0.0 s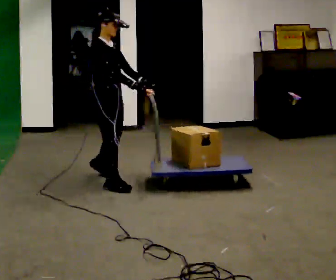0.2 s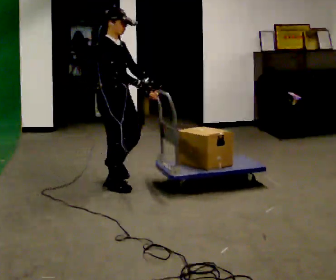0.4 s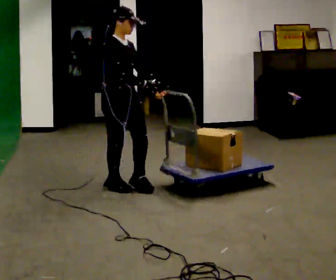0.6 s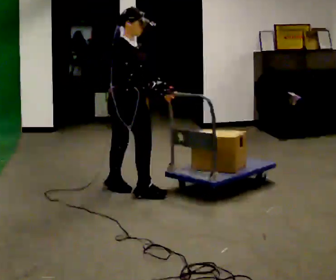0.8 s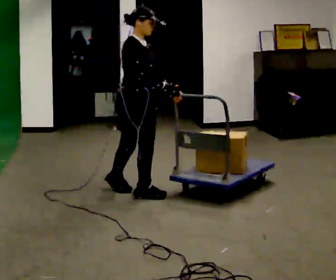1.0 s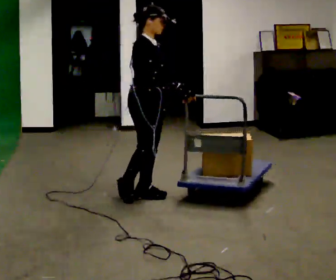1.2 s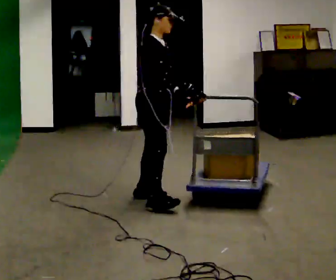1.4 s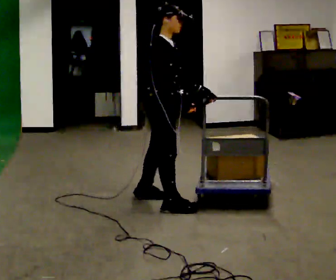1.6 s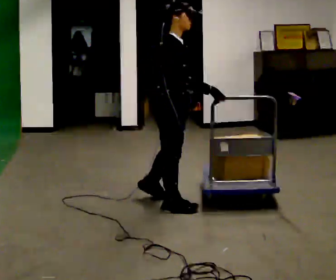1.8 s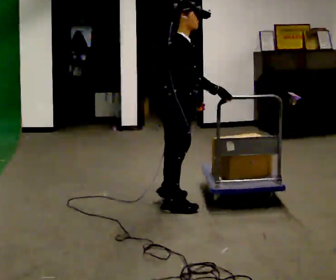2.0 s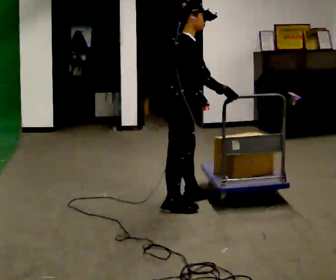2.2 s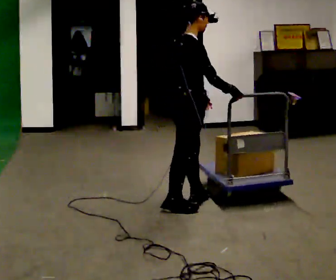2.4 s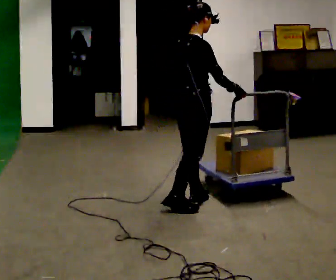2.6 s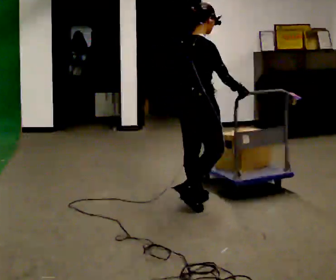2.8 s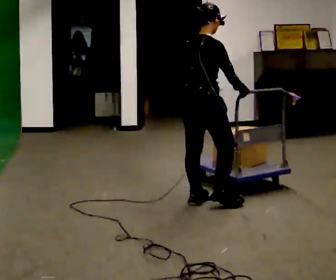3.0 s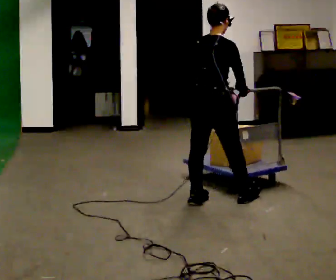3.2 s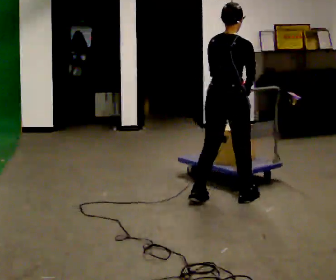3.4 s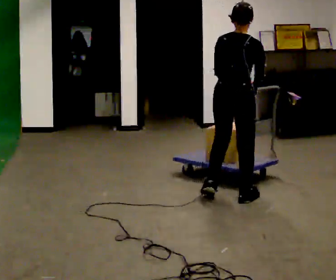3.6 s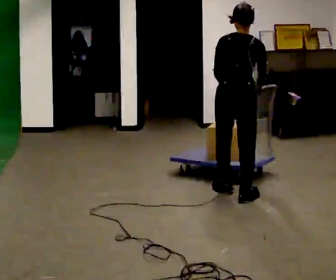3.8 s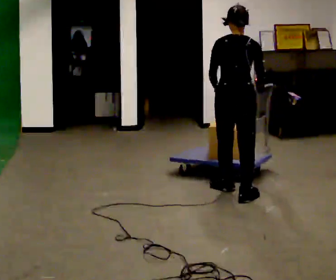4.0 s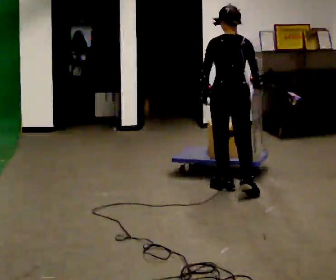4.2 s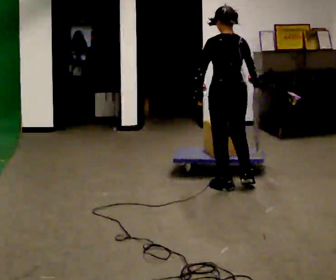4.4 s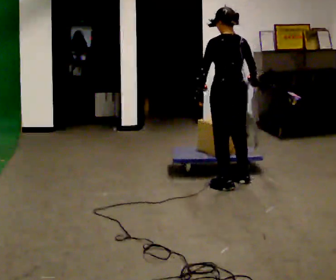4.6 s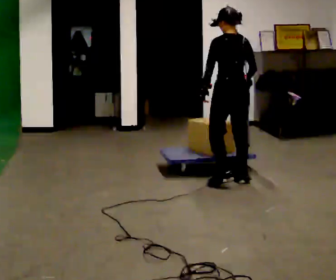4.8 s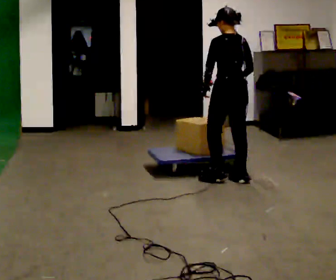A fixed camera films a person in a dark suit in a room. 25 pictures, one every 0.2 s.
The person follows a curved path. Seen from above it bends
counterclockwise.
The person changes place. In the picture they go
to the right.
0.0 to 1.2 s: In the picture they go to the right and toward the camera, about 0.5 m in 1 step, which for them is forward.
1.2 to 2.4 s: Seen from above the body turns counterclockwise, about 45 degrees: to their left, with its near side sliding to the right. In the picture they go to the right, about 0.25 m in 2 steps, which for them is forward and to their right.
2.4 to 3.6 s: Seen from above the body turns counterclockwise, about 60 degrees: to their left, with its near side sliding to the right. In the picture they go to the right and away from the camera, about 0.5 m in 1 step, which for them is forward and to their right.
3.6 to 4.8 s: The person turns about 30 degrees to their left, counterclockwise seen from above, so the part of the body nearest the lens slides to the right. In the picture they go away from the camera, about 0.5 m in 2 steps, which for them is forward.
The film runs forward here.
